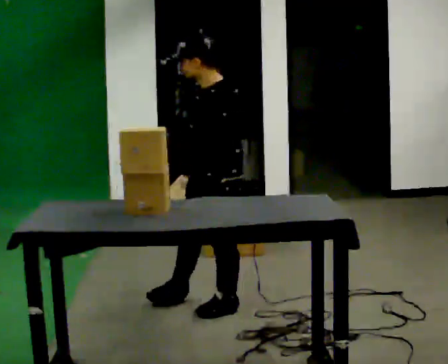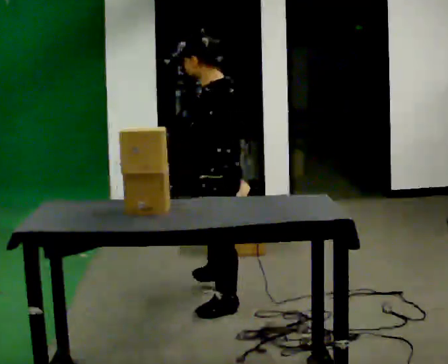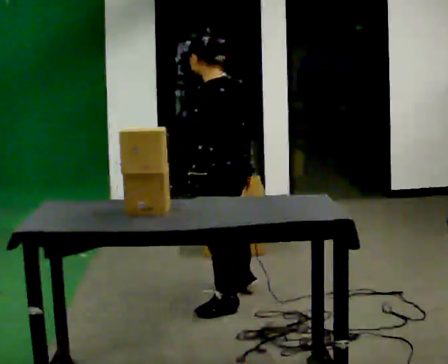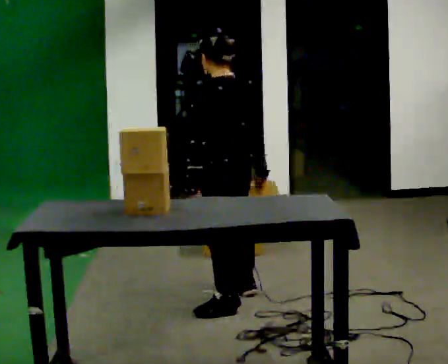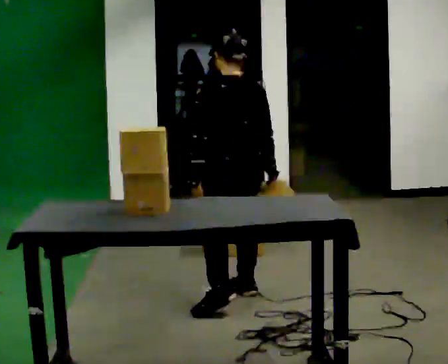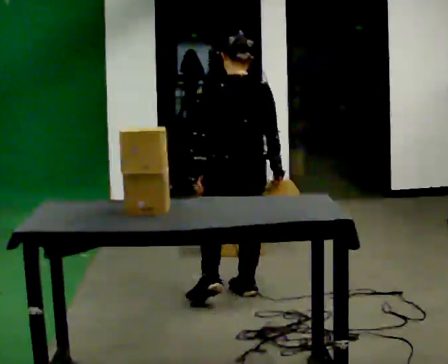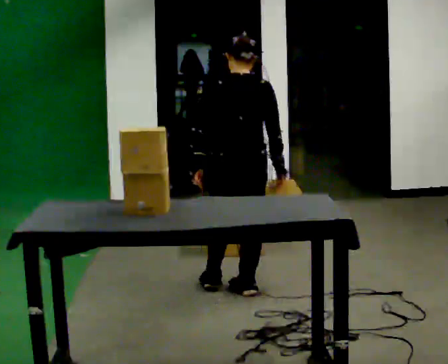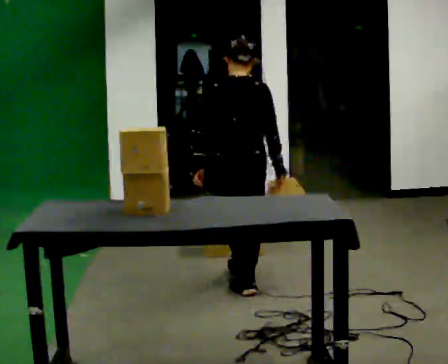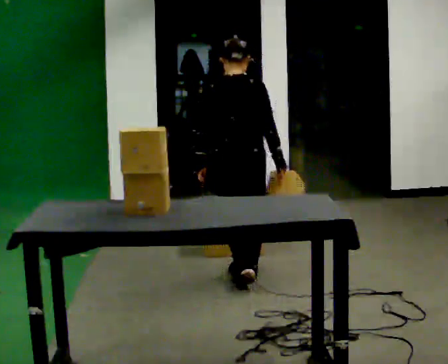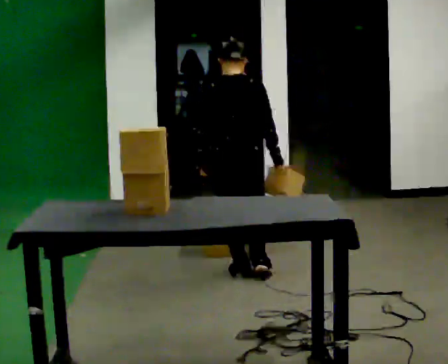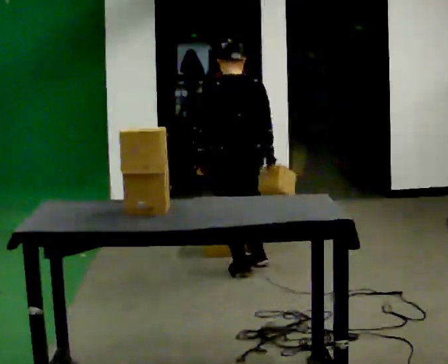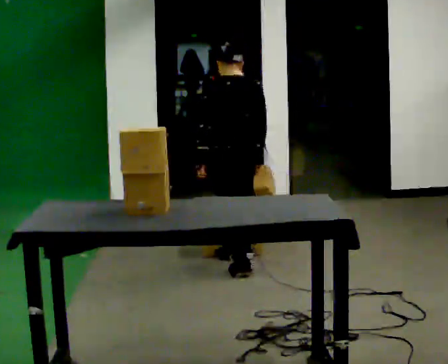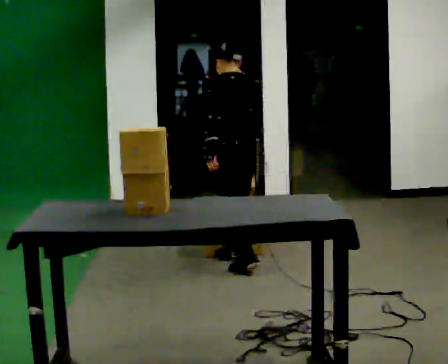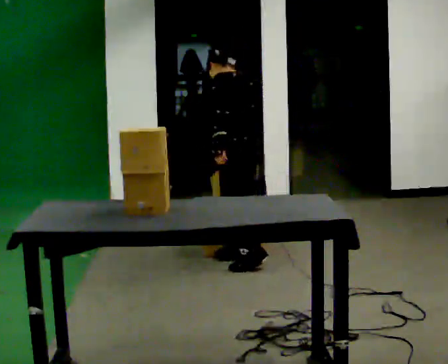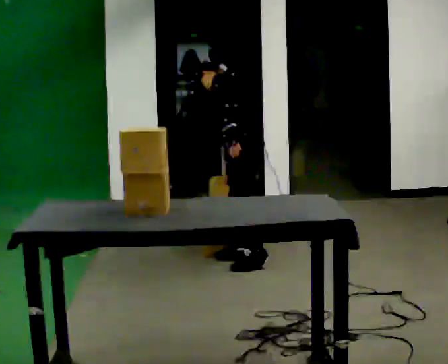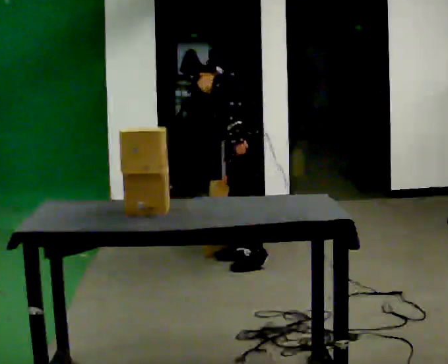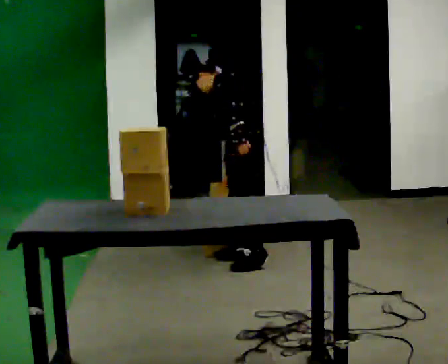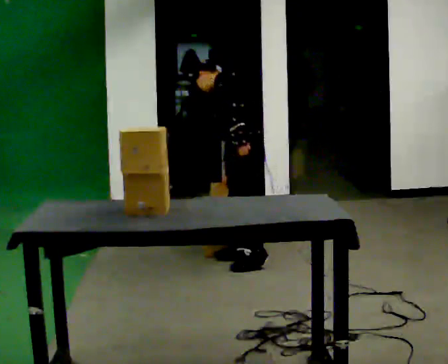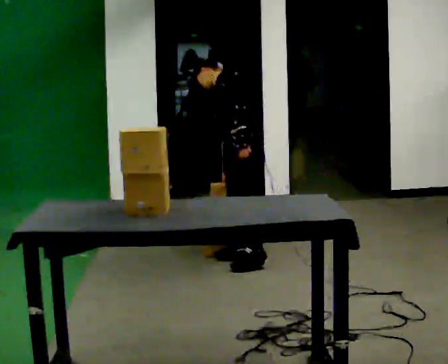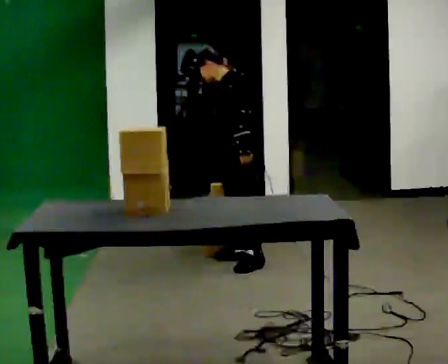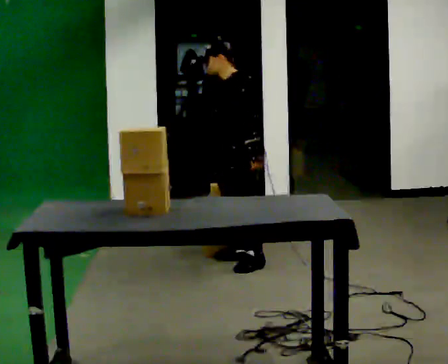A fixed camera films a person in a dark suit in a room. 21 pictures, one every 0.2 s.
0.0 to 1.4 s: The part of the body nearest the lens slides to the left as the person turns to their right by about 120 degrees. In the picture they go away from the camera, about 0.5 m in 2 steps.
1.4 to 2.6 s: The part of the body nearest the lens slides to the right as the person turns to their left by about 90 degrees. In the picture they go away from the camera, about 0.5 m in 1 step. The upper body tips away from the camera, its near side rolling upward.
2.6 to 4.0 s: Seen from above the body turns counterclockwise, about 45 degrees: to their left, with its near side sliding to the right.
The film runs forward here.
